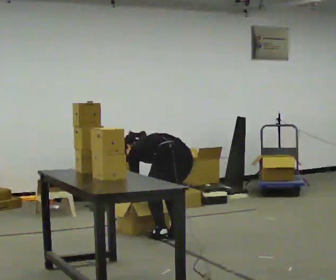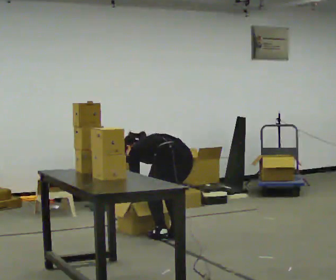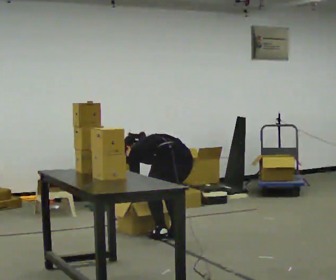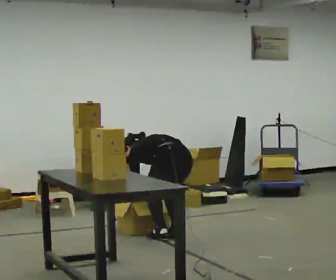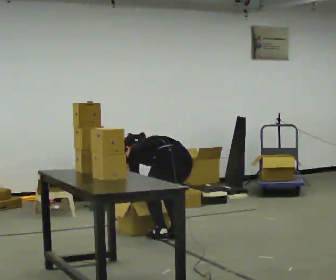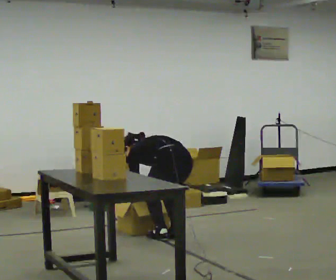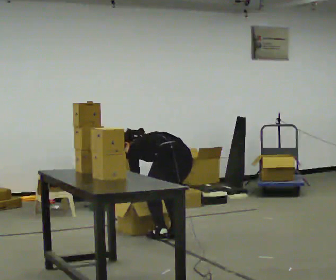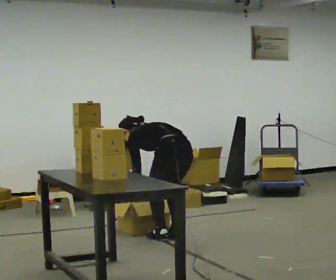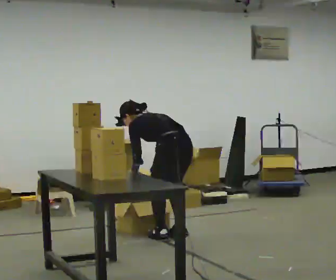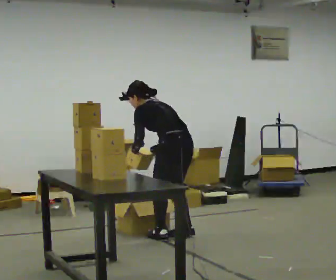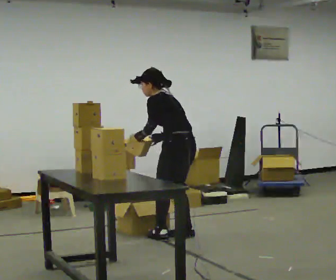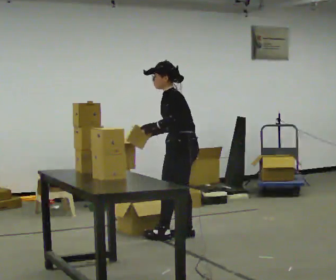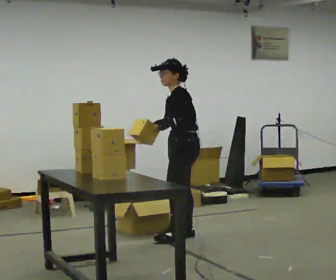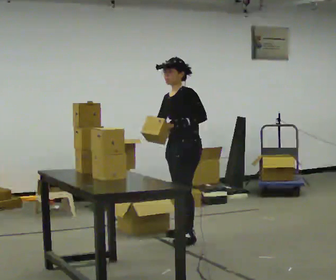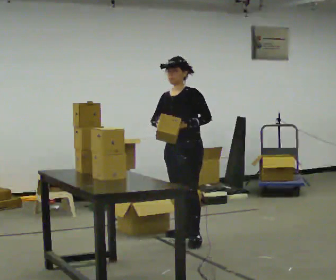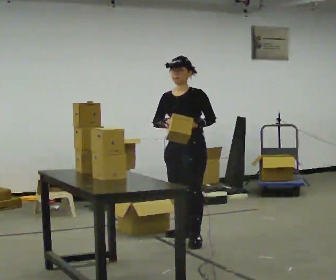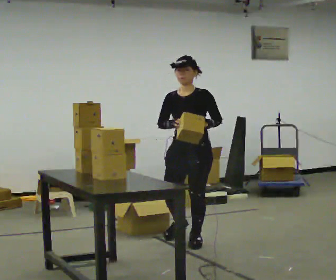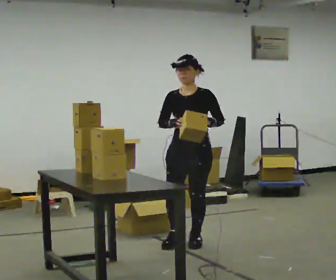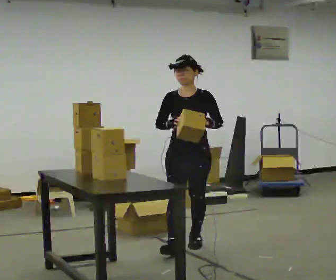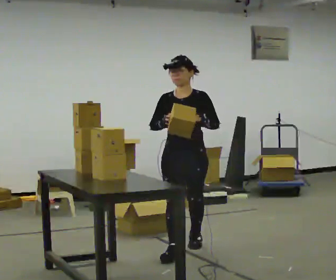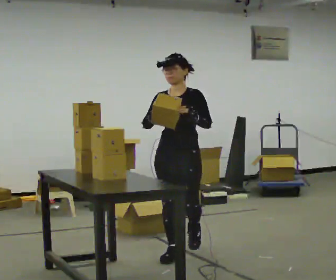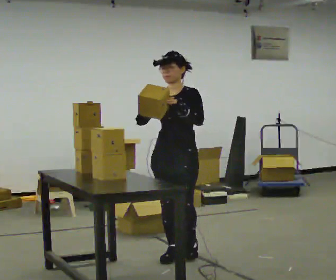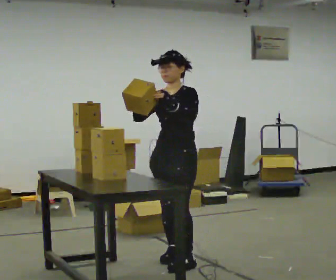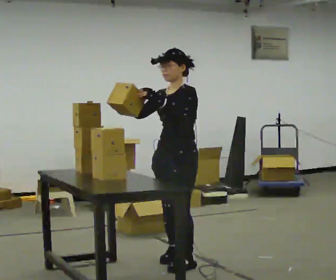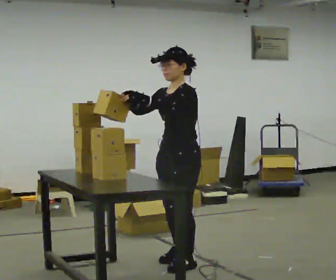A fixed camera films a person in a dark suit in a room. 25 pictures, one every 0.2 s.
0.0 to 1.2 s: The person moves a little, or ends about where they began.
1.2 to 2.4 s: The person turns about 60 degrees to their left, counterclockwise seen from above, so the part of the body nearest the lens slides to the right. The upper body goes upward. The upper body tips toward the camera, its near side rolling downward, as they lean back or straighten. In the picture their left hand goes upward and to the right.
2.4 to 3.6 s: Seen from above the body turns counterclockwise, about 75 degrees: to their left, with its near side sliding to the right. In the picture they go toward the camera, about 0.5 m in 1 step.
3.6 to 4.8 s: Seen from above the body turns clockwise, about 45 degrees: to their right, with its near side sliding to the left. In the picture they go toward the camera, about 0.5 m in 2 steps, which for them is forward.
The film runs forward here.
